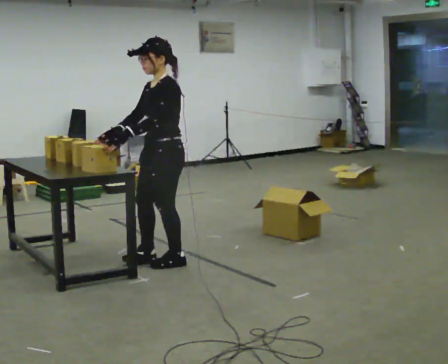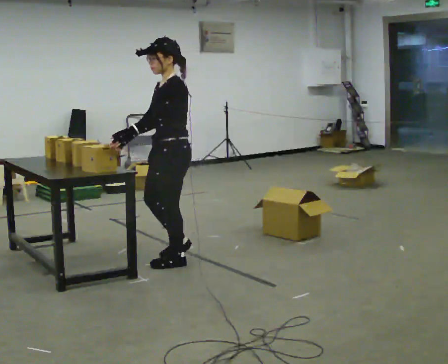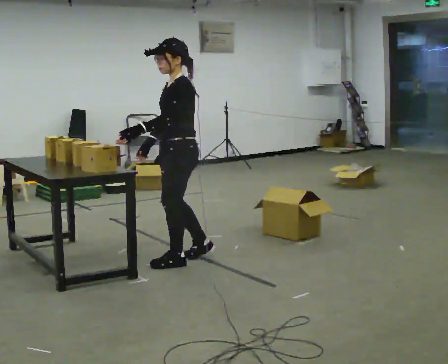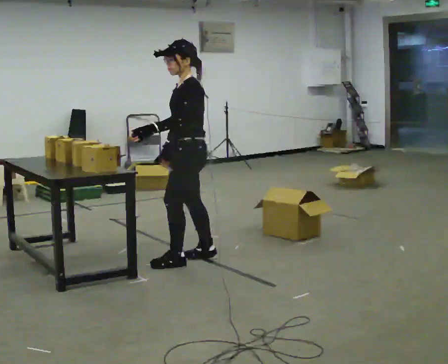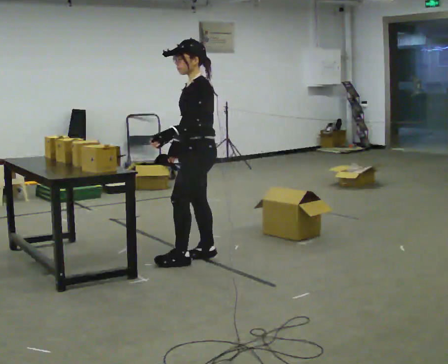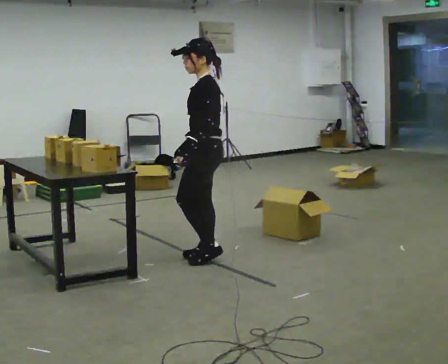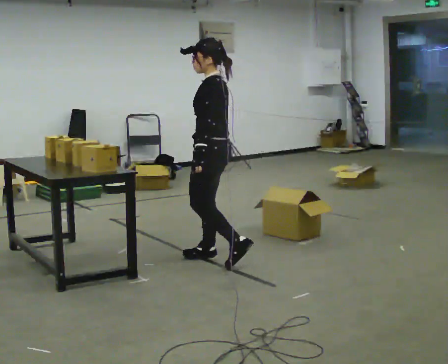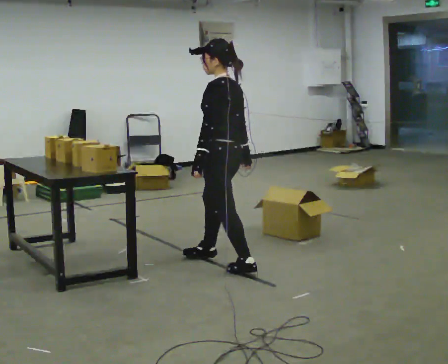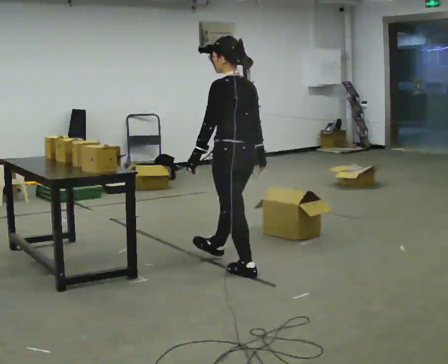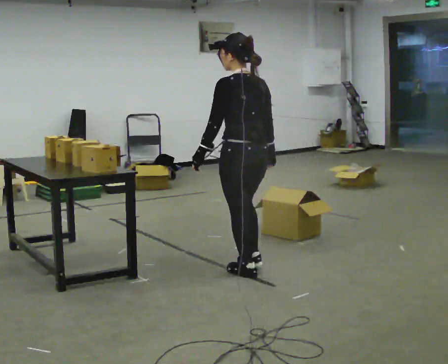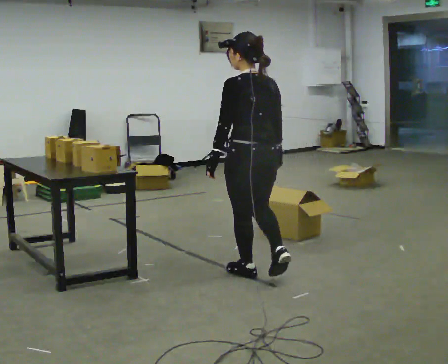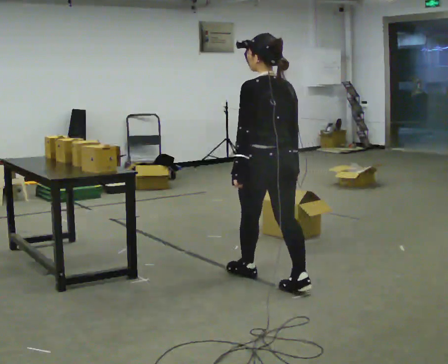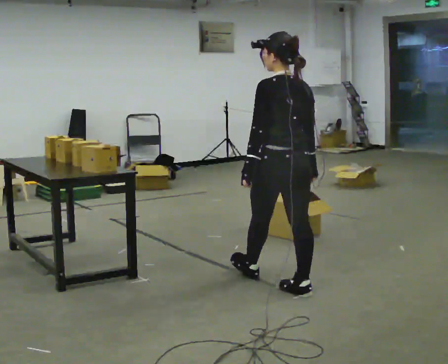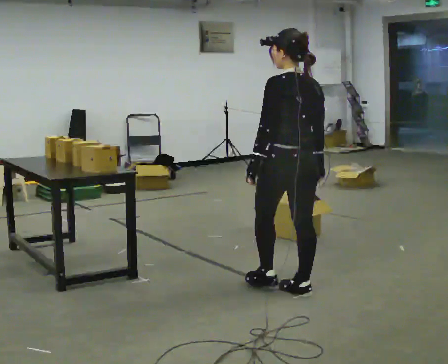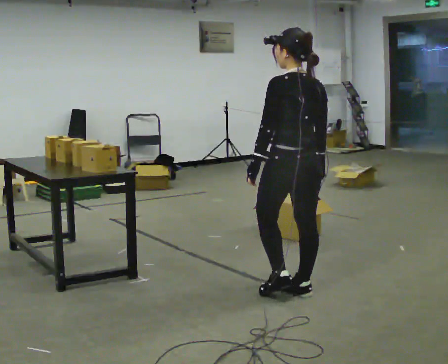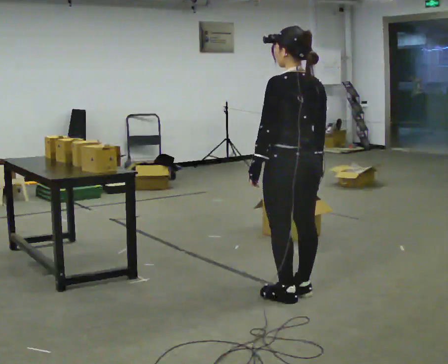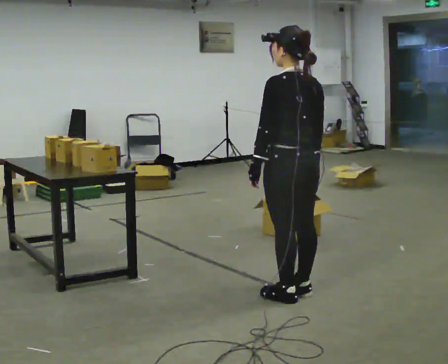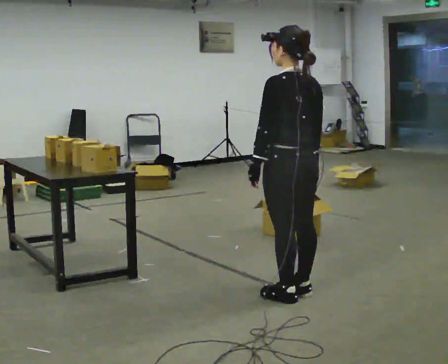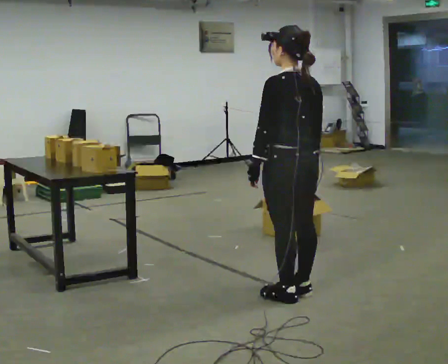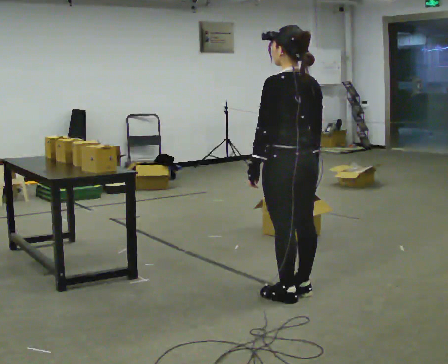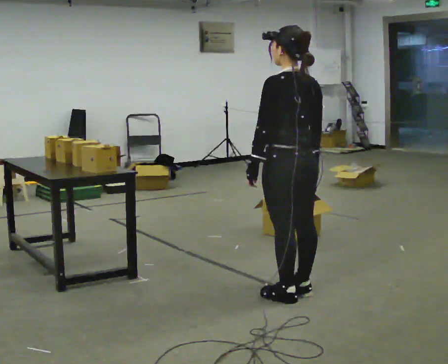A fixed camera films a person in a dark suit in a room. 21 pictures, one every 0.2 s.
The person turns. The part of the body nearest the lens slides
to the left.
Their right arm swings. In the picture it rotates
counterclockwise.
0.0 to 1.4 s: The person turns about 45 degrees to their right, clockwise seen from above, so the part of the body nearest the lens slides to the left. In the picture they go to the right, about 0.5 m in 1 step, which for them is backward.
1.4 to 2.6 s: The part of the body nearest the lens slides to the left as the person turns to their right by about 45 degrees. In the picture they go toward the camera and to the right, about 0.75 m in 2 steps, which for them is backward.
2.6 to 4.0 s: The person moves a little, or ends about where they began.
The film runs backward here.
